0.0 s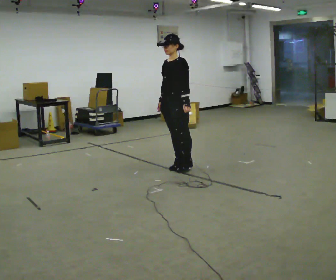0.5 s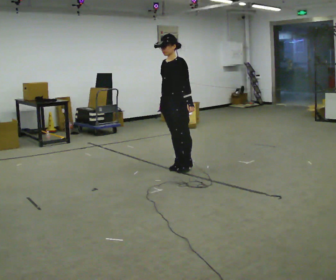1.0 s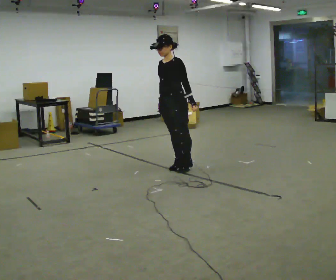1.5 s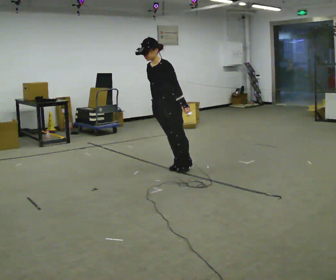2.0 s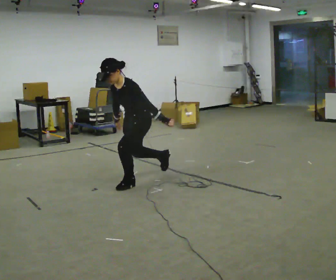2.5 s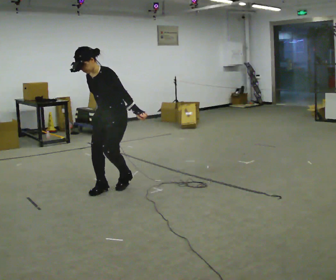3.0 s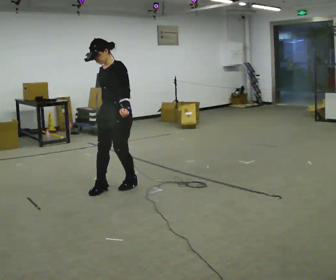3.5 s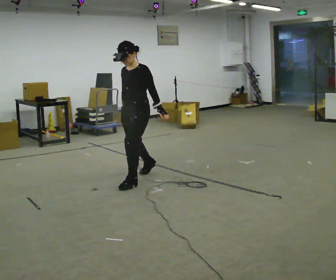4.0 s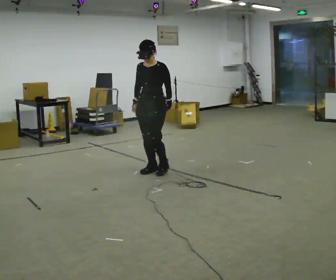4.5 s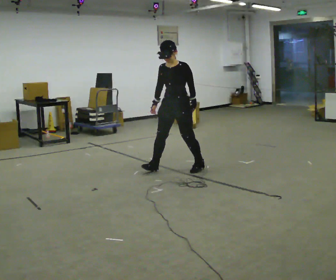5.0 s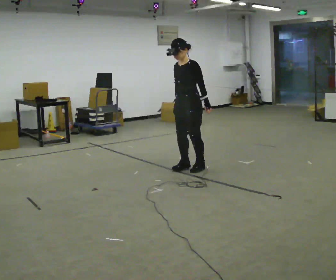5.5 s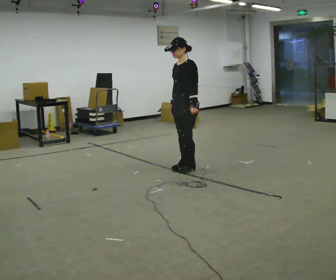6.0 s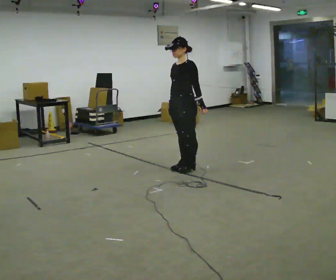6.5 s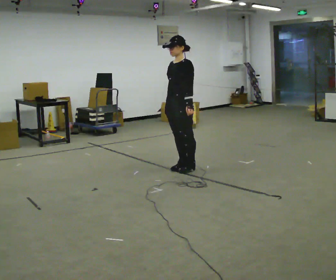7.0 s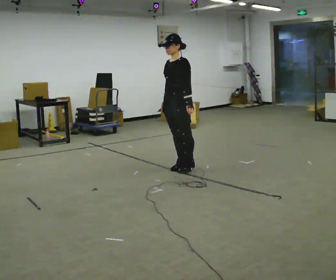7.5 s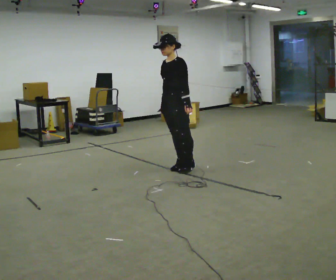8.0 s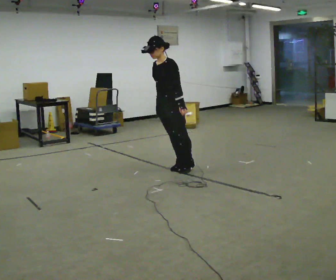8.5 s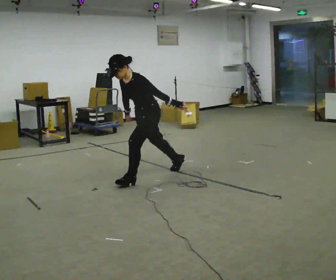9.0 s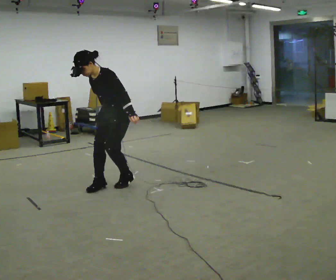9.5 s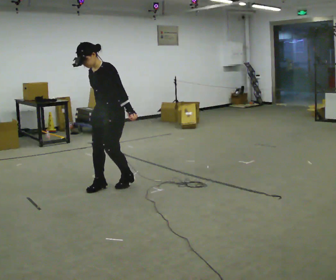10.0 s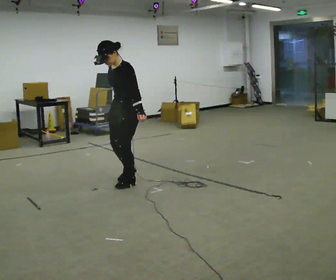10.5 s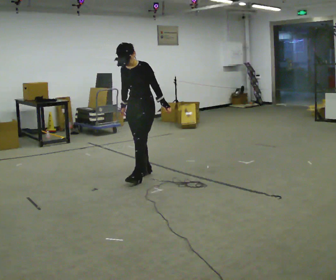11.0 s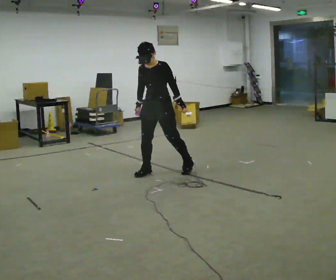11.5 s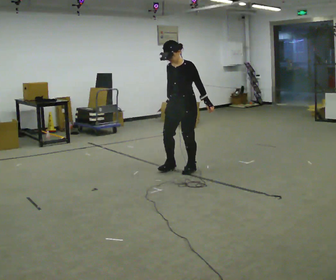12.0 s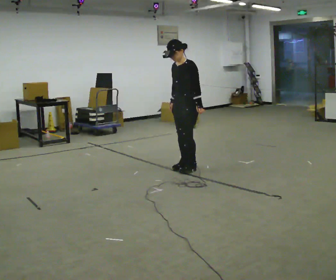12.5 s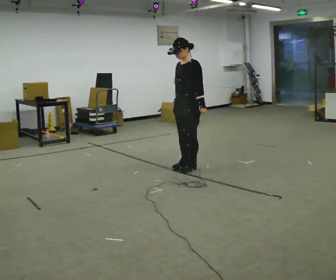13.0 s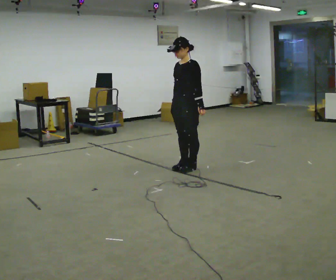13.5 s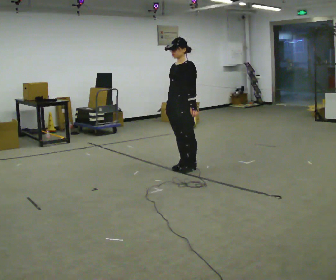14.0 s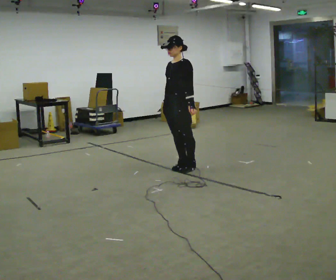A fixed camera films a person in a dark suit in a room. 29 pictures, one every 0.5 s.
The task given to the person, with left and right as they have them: Stand on the marked spots and rise up onto your toes. Stay up until you start to topple forward, then step to catch yourself. Repeat at your own pace until the operator says stop. Go slowly and only as far as you are comfortable. Step whenever you need to; do not try to hold on longer than feels safe.
0.0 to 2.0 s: In the picture they go toward the camera and to the left, about 0.5 m in 1 step, which for them is forward. The shoulders move downward. The upper body tips toward the camera, its near side rolling downward, as they bend forward.
2.0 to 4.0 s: In the picture they go away from the camera, about 0.5 m in 2 steps, which for them is backward and to their right. The shoulders move upward. The upper body tips away from the camera, its near side rolling upward, as they lean back or straighten.
4.0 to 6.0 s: The person turns about 30 degrees to their right, clockwise seen from above, so the part of the body nearest the lens slides to the left. In the picture they go to the right, about 0.25 m in 2 steps, which for them is backward and to their left.
6.0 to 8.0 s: In the picture they go to the left, about 0.25 m, which for them is forward.
8.0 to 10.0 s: In the picture they go toward the camera and to the left, about 0.5 m in 2 steps, which for them is forward.
10.0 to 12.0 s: In the picture they go away from the camera and to the right, about 1 m in 3 steps, which for them is backward.
12.0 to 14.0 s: The person moves a little, or ends about where they began.
The film runs forward here.
